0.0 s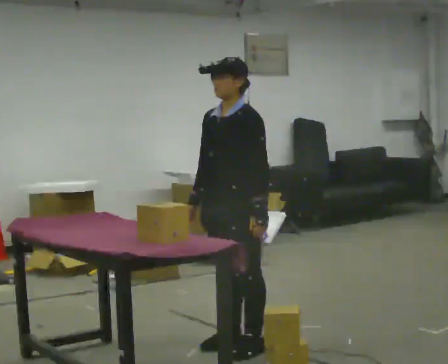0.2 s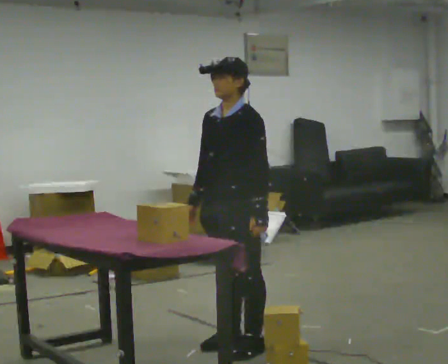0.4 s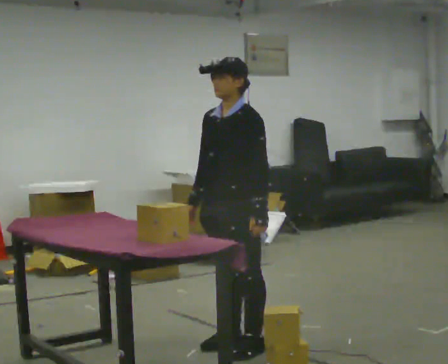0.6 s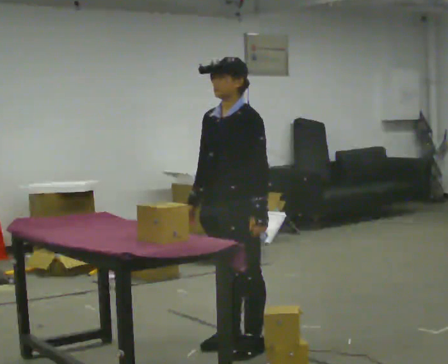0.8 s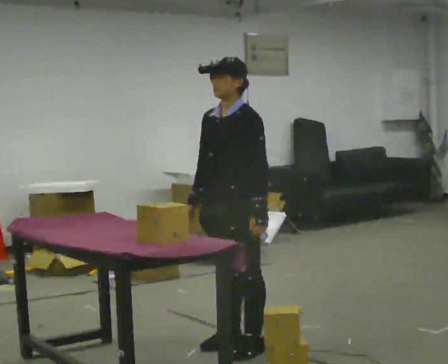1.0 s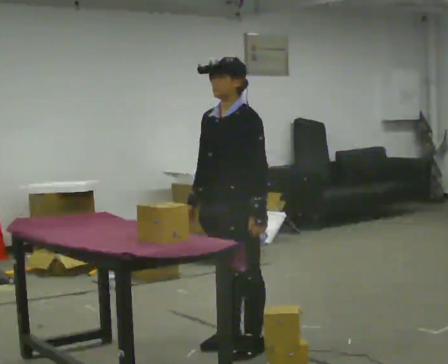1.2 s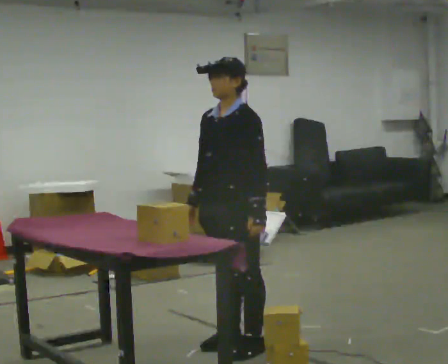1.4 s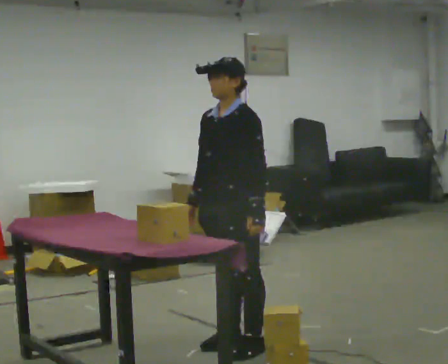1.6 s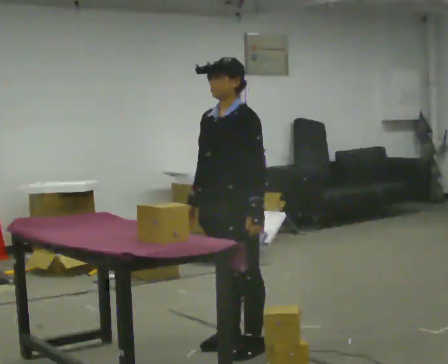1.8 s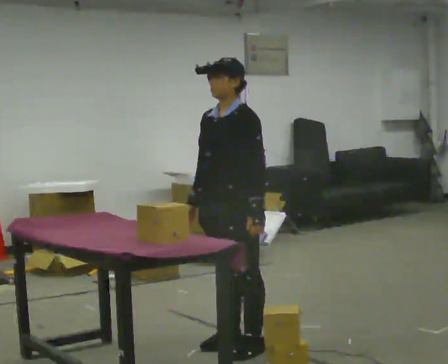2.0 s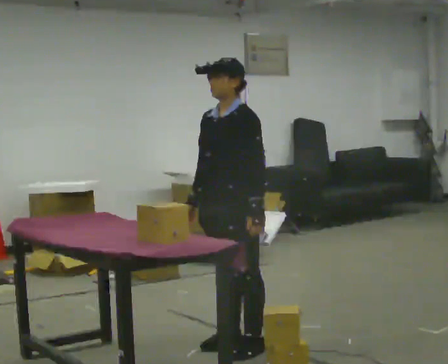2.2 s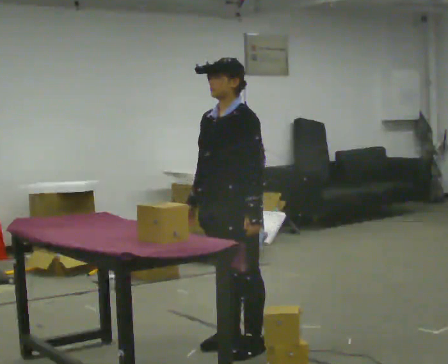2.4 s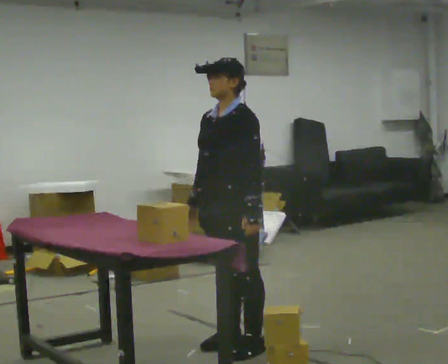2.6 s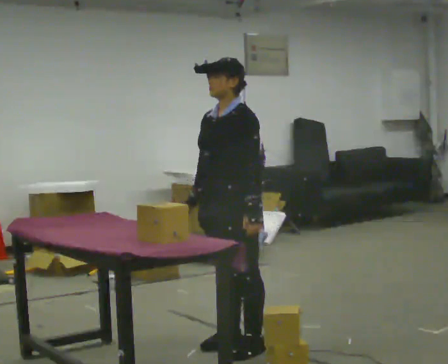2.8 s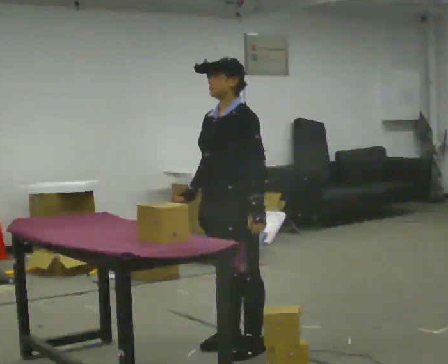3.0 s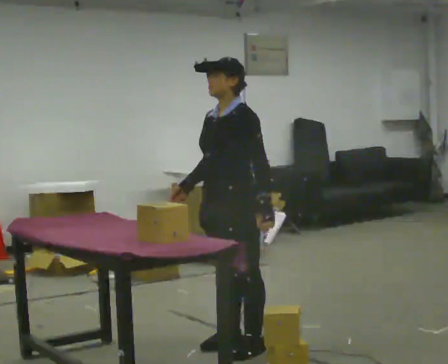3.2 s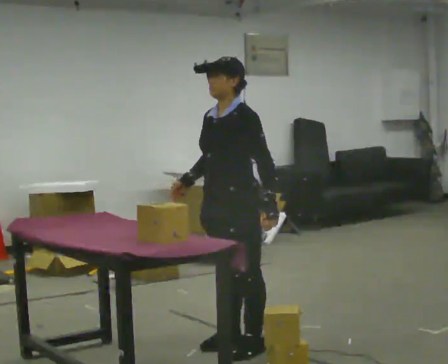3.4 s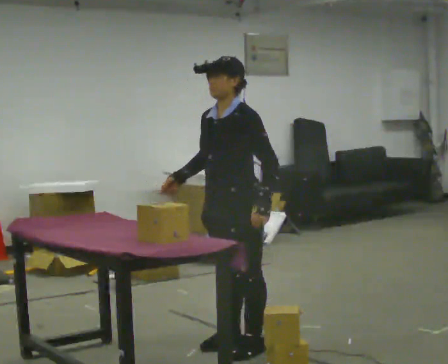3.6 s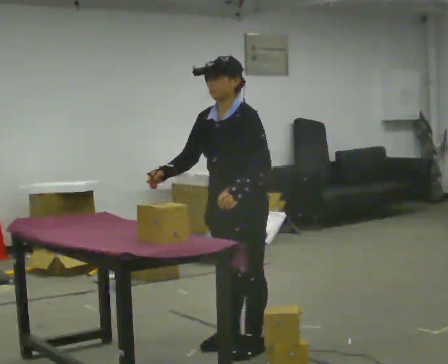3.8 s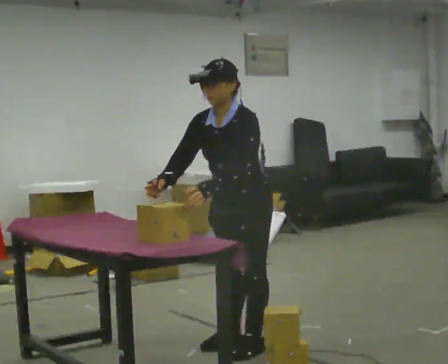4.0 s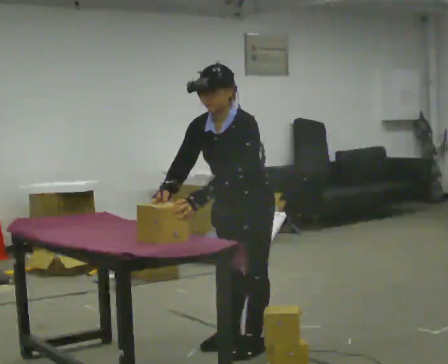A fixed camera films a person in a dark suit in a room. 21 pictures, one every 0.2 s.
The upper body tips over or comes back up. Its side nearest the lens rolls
downward.
0.0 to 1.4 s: The person keeps their place and pose.
1.4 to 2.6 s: The person moves a little, or ends about where they began.
2.6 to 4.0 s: The upper body tips toward the camera, its near side rolling downward, as they bend forward.
The film runs backward here.
